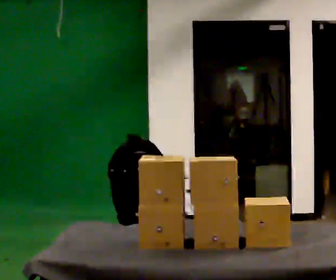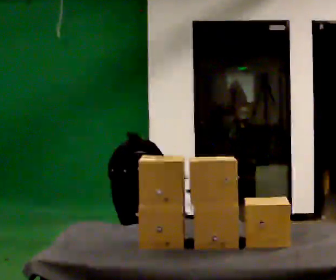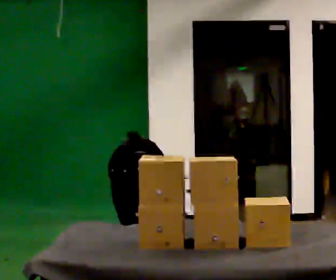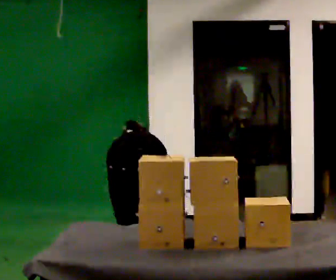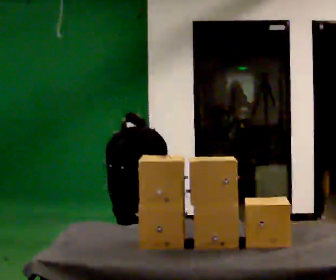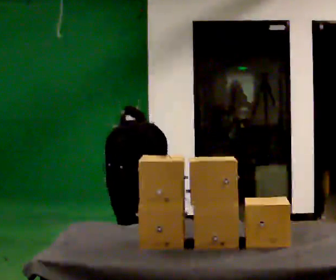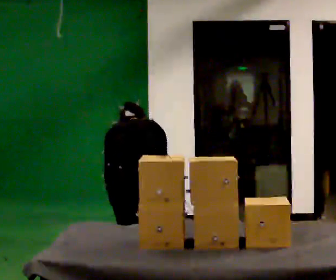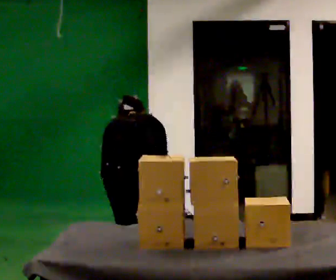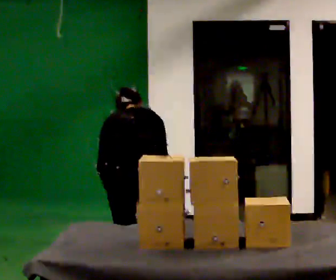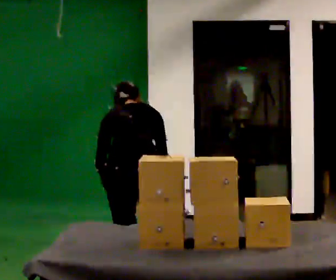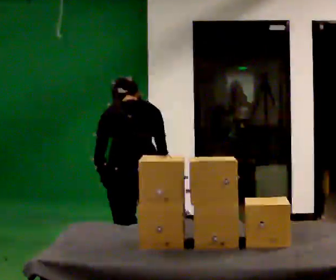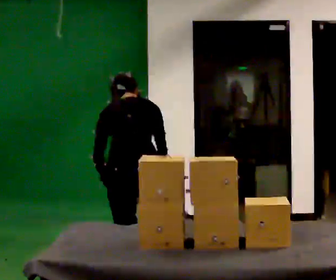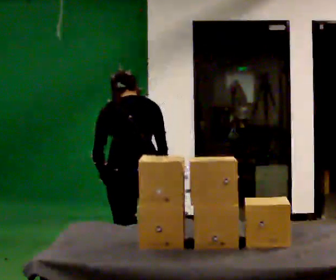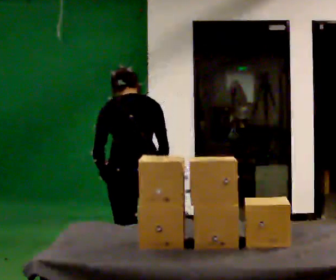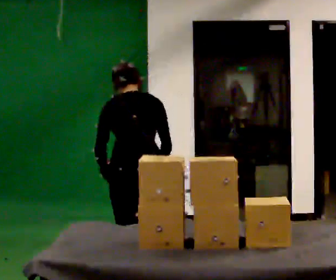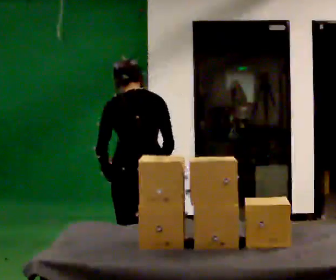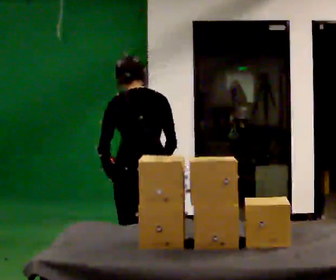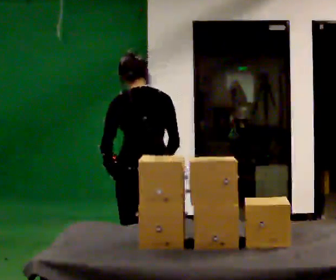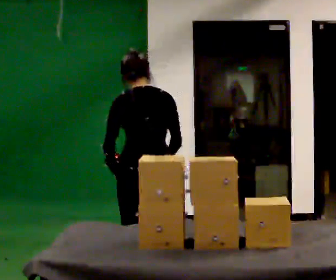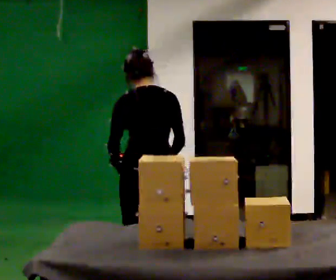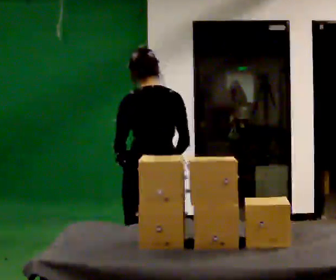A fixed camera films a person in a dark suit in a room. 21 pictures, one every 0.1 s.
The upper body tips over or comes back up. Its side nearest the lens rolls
downward.
The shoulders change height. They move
upward.
0.0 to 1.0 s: The upper body goes upward. The upper body tips toward the camera, its near side rolling downward, as they lean back or straighten. In the picture their right hand goes upward.
1.0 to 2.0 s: The upper body tips toward the camera, its near side rolling downward, as they lean back or straighten.
The film runs backward here.
